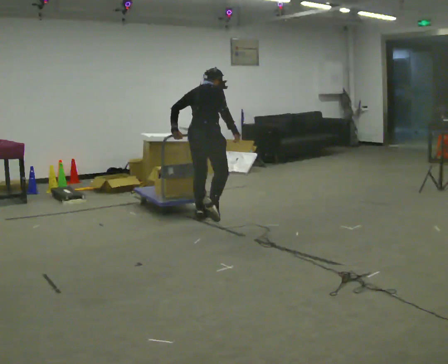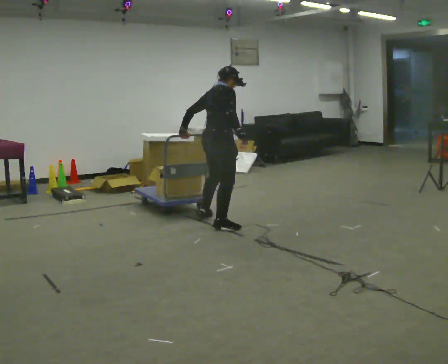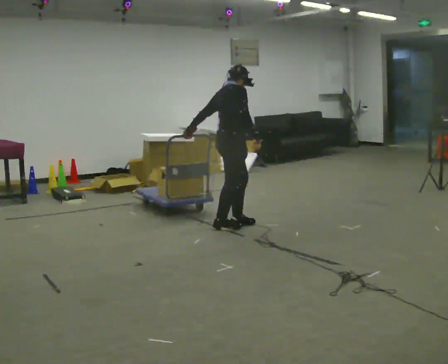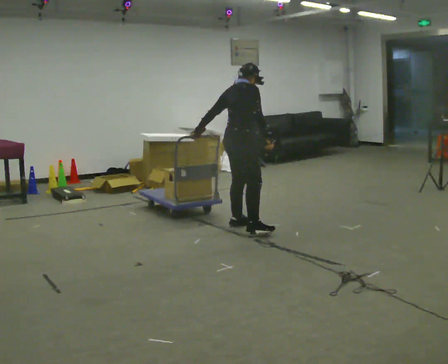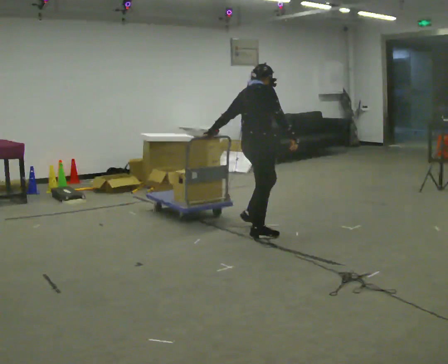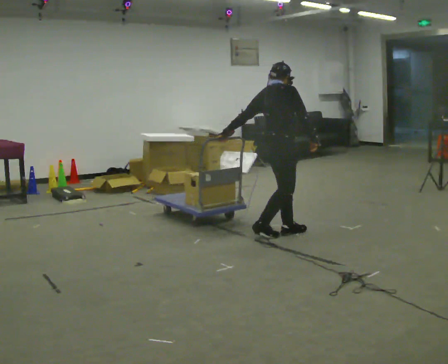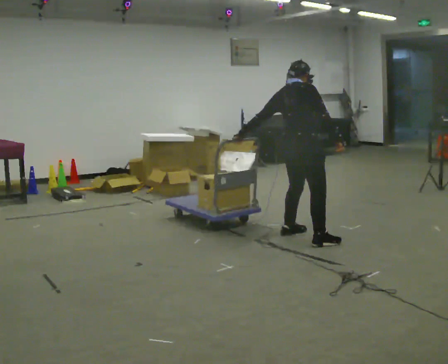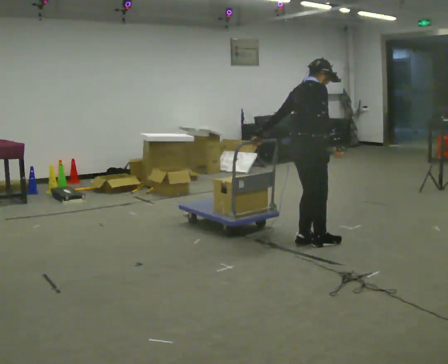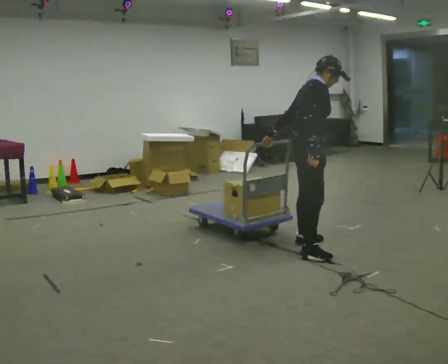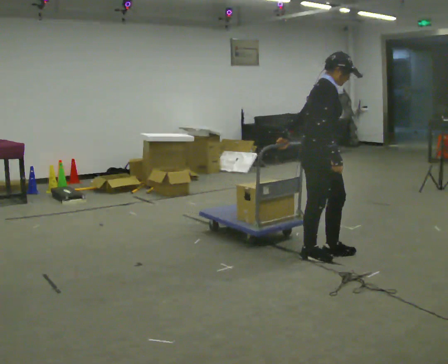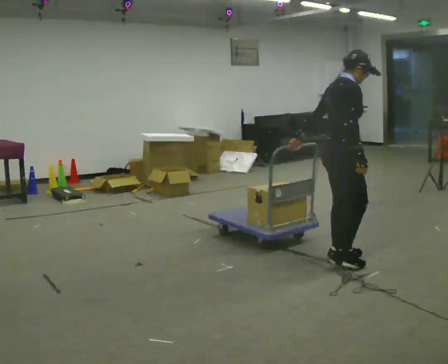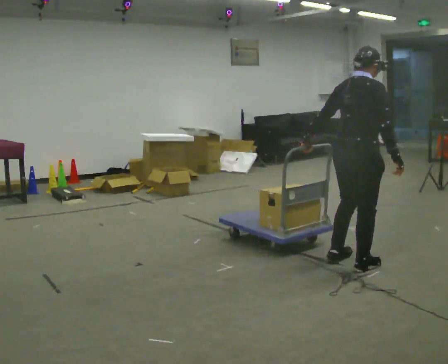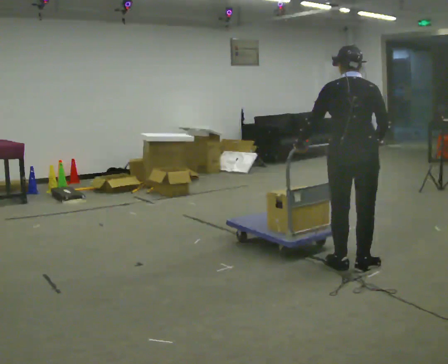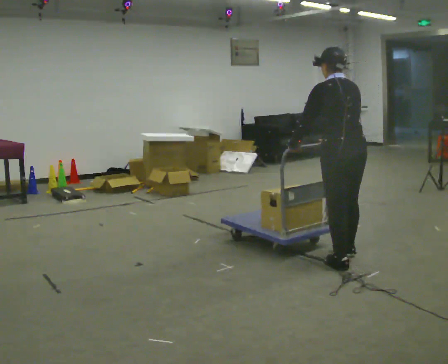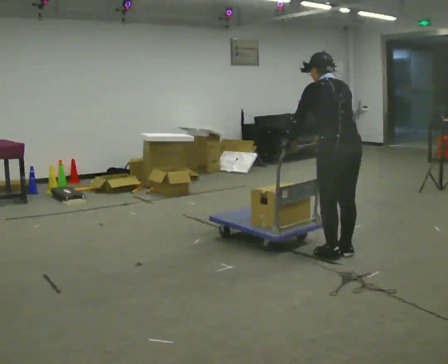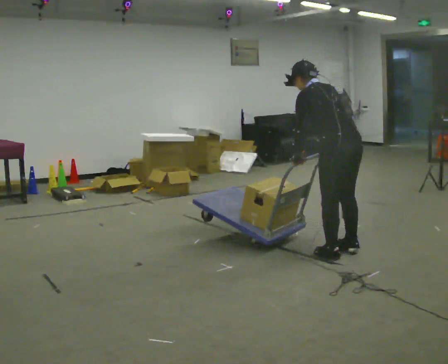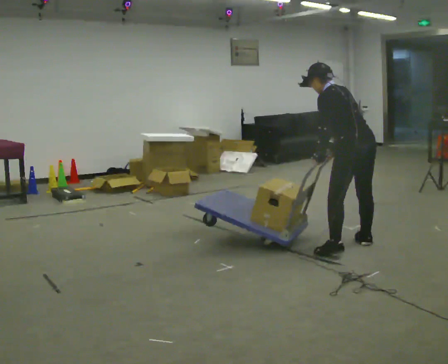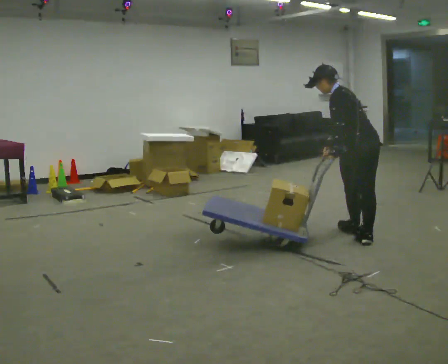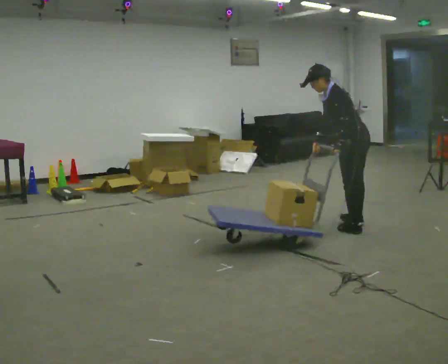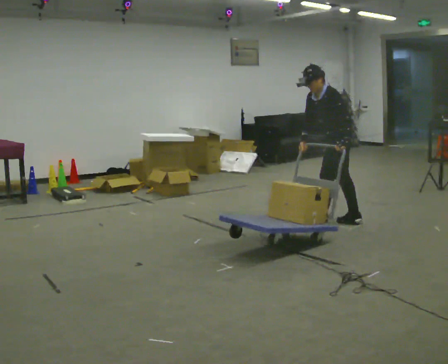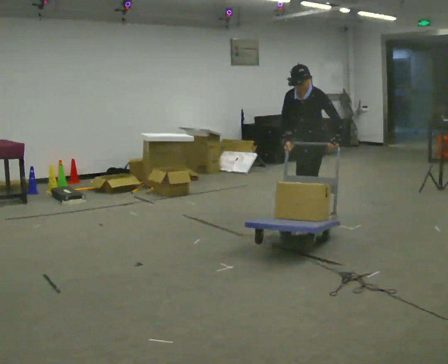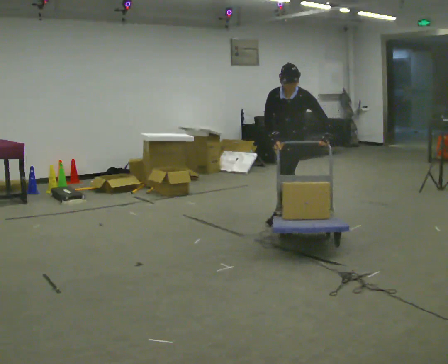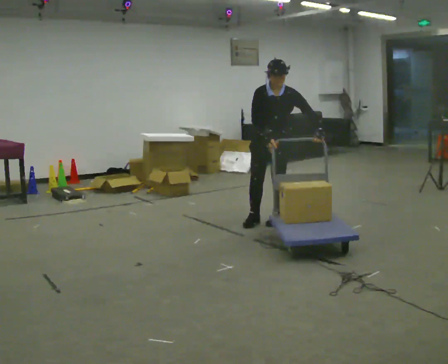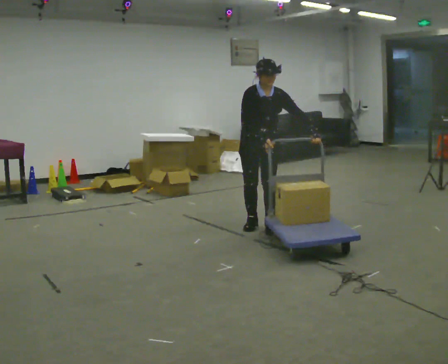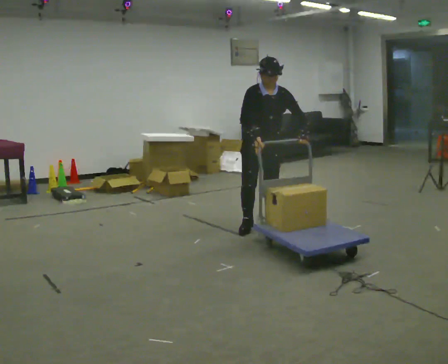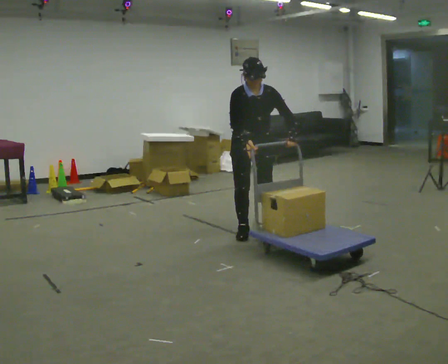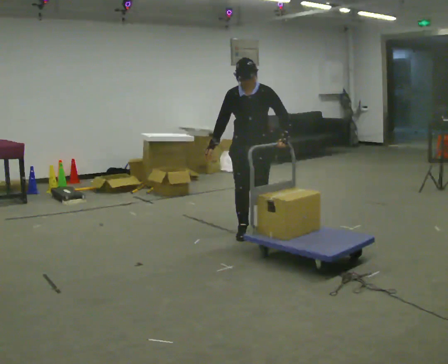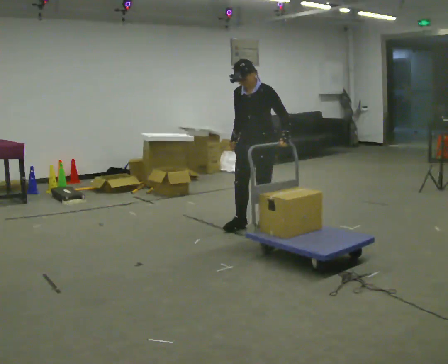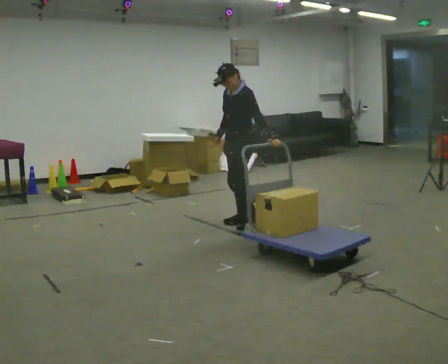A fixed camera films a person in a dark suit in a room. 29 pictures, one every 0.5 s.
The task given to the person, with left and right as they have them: Pull the cart behind you as you walk backward across the room. The operator will confirm the space behind you is clear before each take.
0.0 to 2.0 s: The person turns about 30 degrees to their right, clockwise seen from above, so the part of the body nearest the lens slides to the left. In the picture they go to the right and toward the camera, about 1 m in 3 steps, which for them is to their right and forward.
2.0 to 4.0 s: Seen from above the body turns clockwise, about 30 degrees: to their right, with its near side sliding to the left. In the picture they go to the right and toward the camera, about 0.5 m in 4 steps, which for them is to their right.
4.0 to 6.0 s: Seen from above the body turns counterclockwise, about 90 degrees: to their left, with its near side sliding to the right. In the picture they go toward the camera and to the right, about 0.5 m in 3 steps.
6.0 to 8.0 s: Seen from above the body turns counterclockwise, about 45 degrees: to their left, with its near side sliding to the right. In the picture they go away from the camera, about 0.5 m in 3 steps, which for them is forward and to their right. In the picture the upper body tilts counterclockwise, shoulders to the left, as they bend forward.
8.0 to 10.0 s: Seen from above the body turns counterclockwise, about 75 degrees: to their left, with its near side sliding to the right. In the picture they go away from the camera and to the left, about 1 m in 3 steps. The upper body tips toward the camera, its near side rolling downward.
10.0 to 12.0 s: The part of the body nearest the lens slides to the right as the person turns to their left by about 60 degrees. In the picture they go toward the camera and to the left, about 0.5 m in 4 steps. In the picture the upper body tilts clockwise, shoulders to the right.
12.0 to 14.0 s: Seen from above the body turns clockwise, about 75 degrees: to their right, with its near side sliding to the left. In the picture they go to the left, about 0.25 m in 2 steps.
The film runs forward here.
